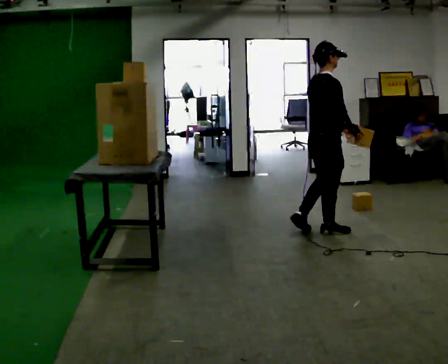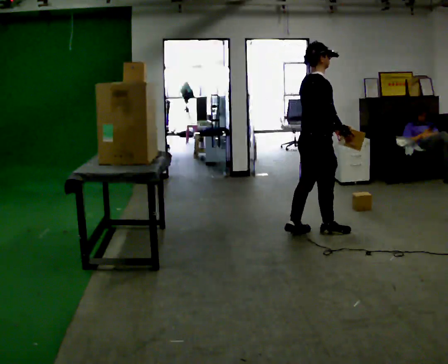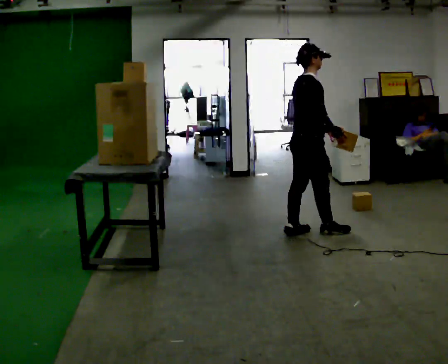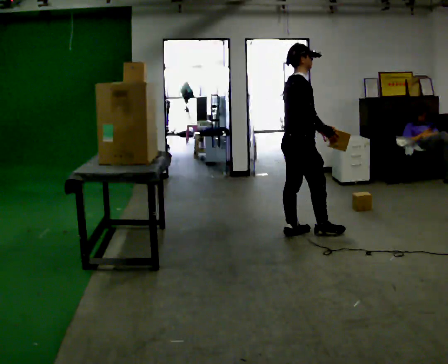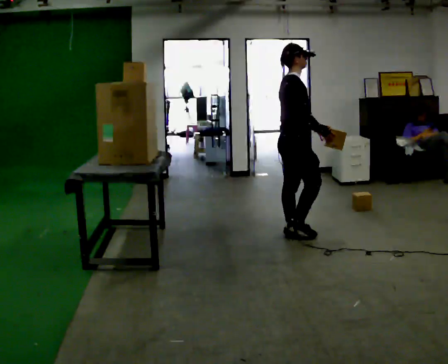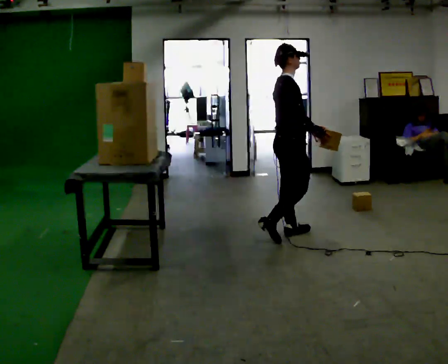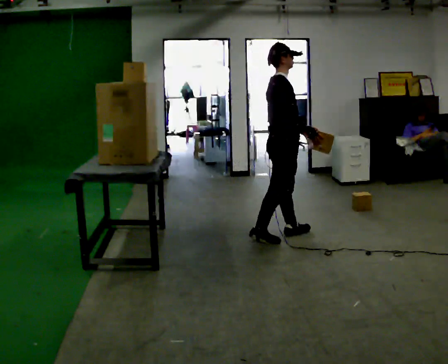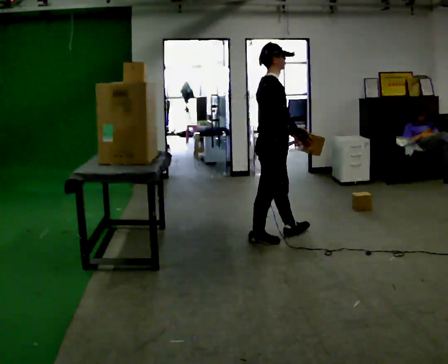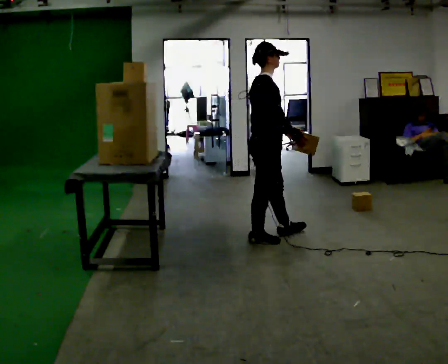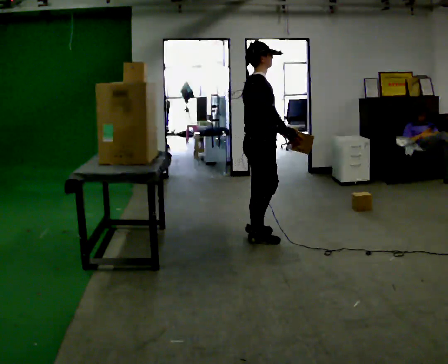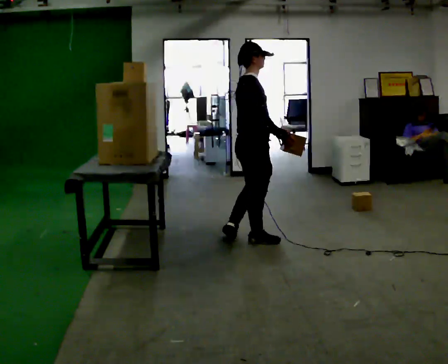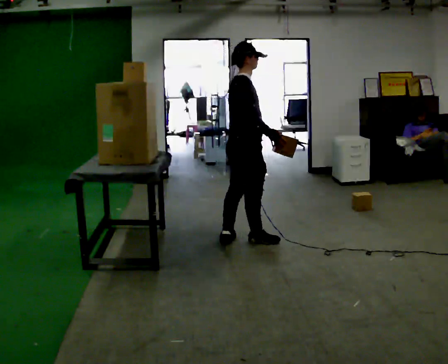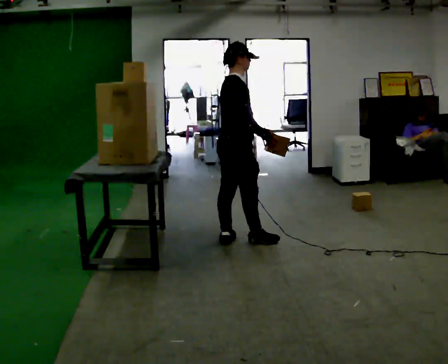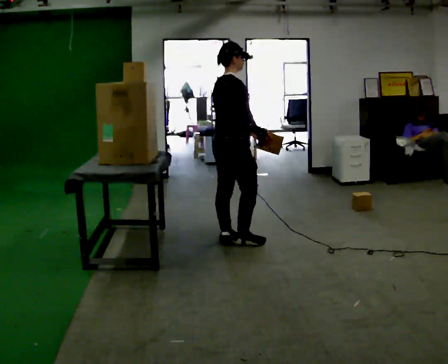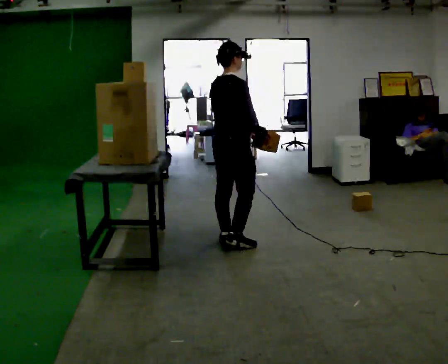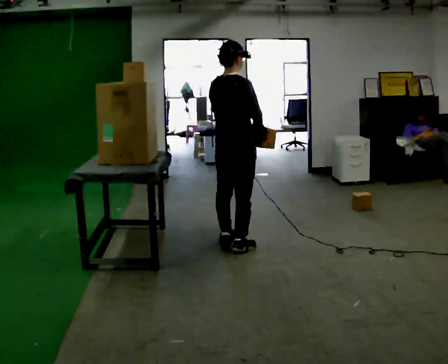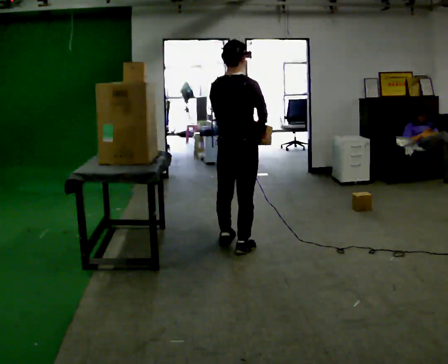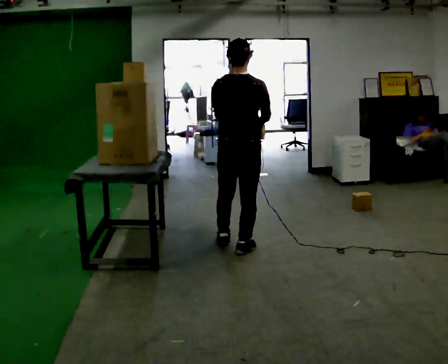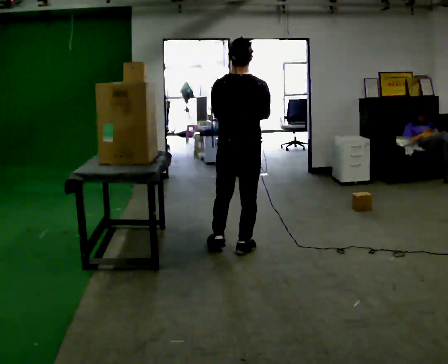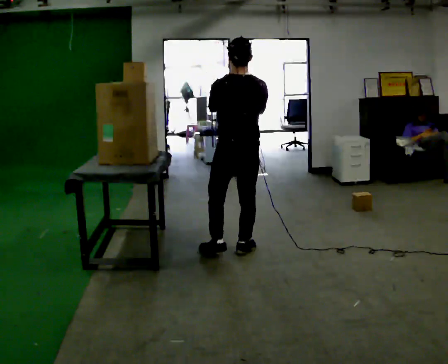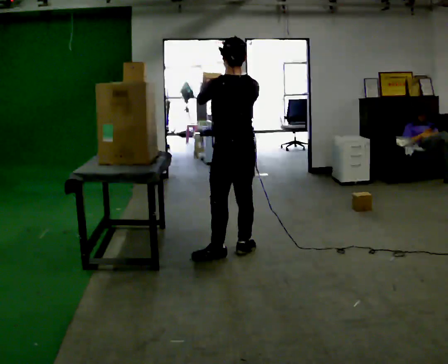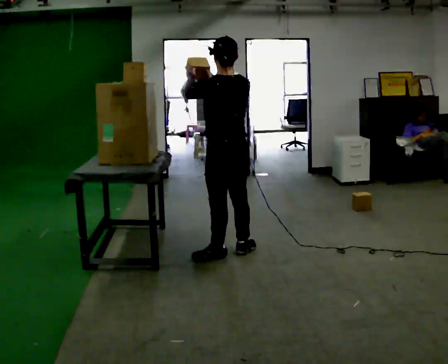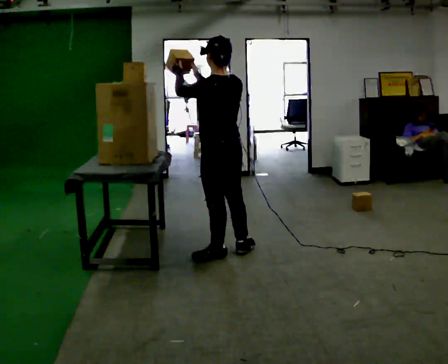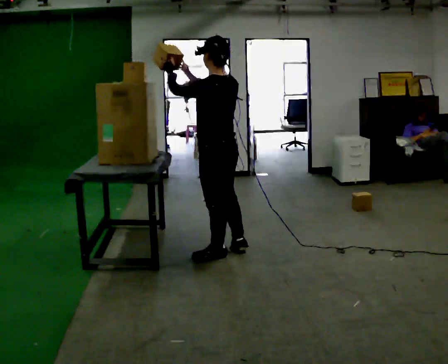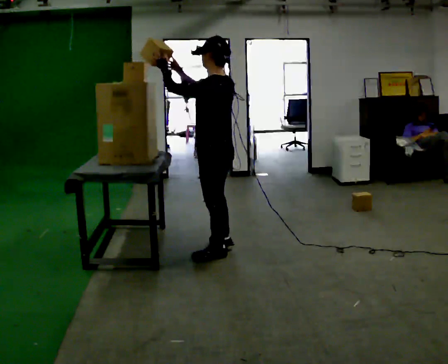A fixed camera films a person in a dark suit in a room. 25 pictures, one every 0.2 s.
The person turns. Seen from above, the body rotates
counterclockwise.
The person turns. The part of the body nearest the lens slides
to the right.
0.0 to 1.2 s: In the picture they go to the left, about 0.5 m in 1 step, which for them is backward.
1.2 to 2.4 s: In the picture they go to the left, about 0.5 m in 1 step, which for them is backward.
2.4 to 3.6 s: The part of the body nearest the lens slides to the right as the person turns to their left by about 75 degrees. In the picture they go toward the camera, about 0.25 m in 2 steps.
3.6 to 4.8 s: The part of the body nearest the lens slides to the right as the person turns to their left by about 75 degrees. In the picture they go to the left, about 0.25 m in 1 step. In the picture their right hand goes to the left and upward.
The film runs backward here.
